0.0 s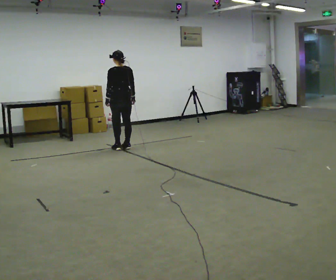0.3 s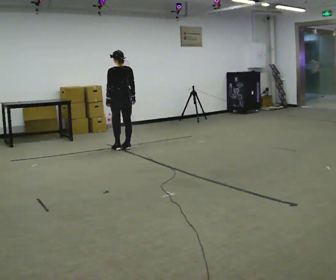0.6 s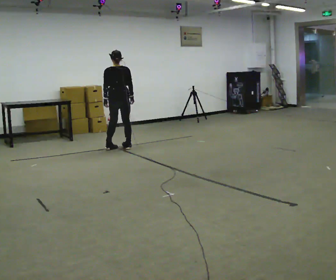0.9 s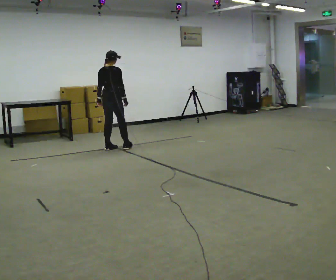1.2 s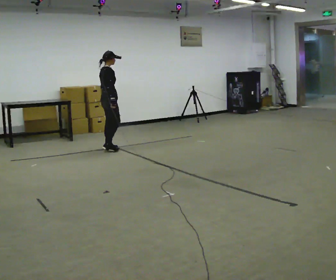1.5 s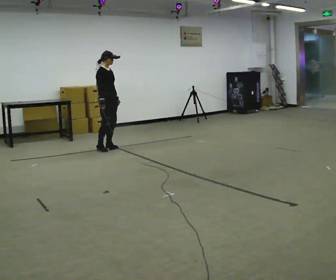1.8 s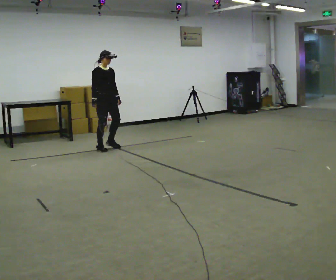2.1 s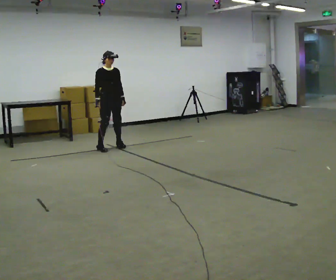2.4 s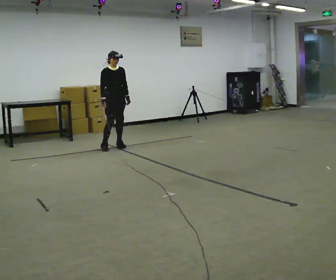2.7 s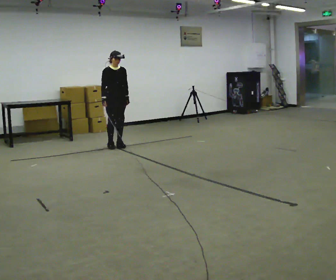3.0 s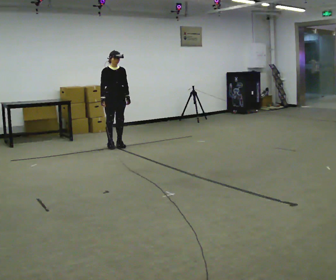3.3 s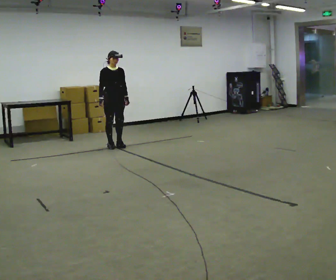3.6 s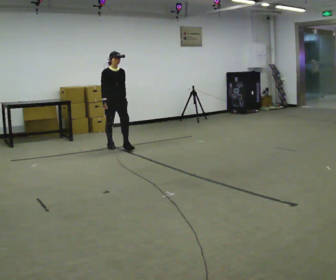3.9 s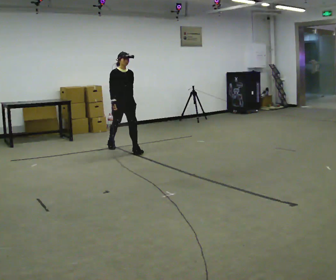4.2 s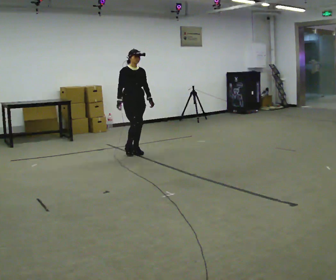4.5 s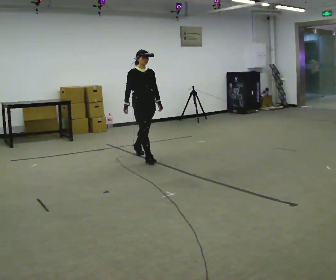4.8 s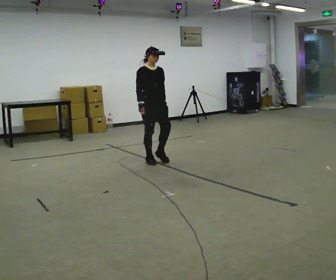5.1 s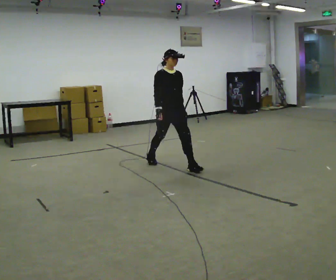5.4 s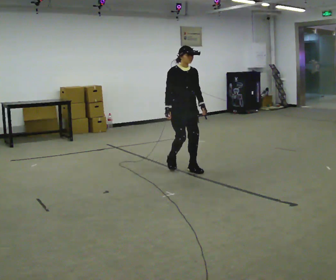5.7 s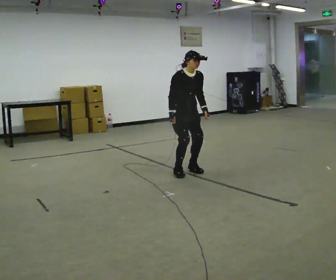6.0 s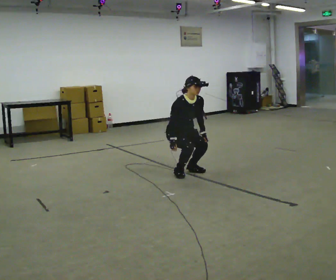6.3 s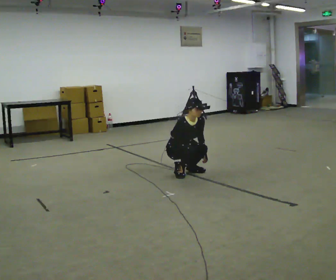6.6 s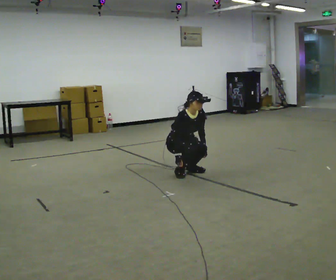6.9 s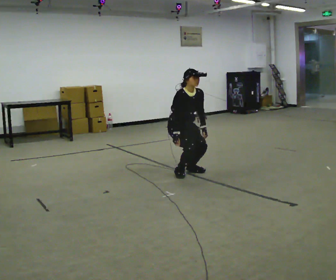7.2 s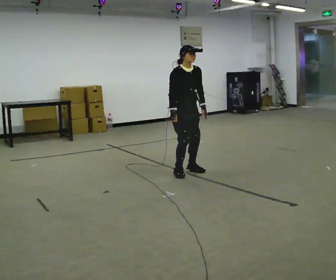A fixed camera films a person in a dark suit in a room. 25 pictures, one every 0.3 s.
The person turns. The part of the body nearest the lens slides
to the left.
The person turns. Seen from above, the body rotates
clockwise.
0.0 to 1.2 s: The part of the body nearest the lens slides to the left as the person turns to their right by about 90 degrees. In the picture they go to the left, about 0.25 m in 1 step. In the picture their right hand goes to the left.
1.2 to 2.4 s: The part of the body nearest the lens slides to the left as the person turns to their right by about 75 degrees. In the picture they go away from the camera, about 0.25 m in 2 steps. In the picture their left hand goes to the right.
2.4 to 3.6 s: The person moves a little, or ends about where they began.
3.6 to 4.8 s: In the picture they go toward the camera and to the right, about 1 m in 2 steps, which for them is forward.
4.8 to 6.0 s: In the picture they go toward the camera and to the right, about 0.5 m in 2 steps, which for them is forward. The upper body goes downward. The upper body tips toward the camera, its near side rolling downward, as they bend forward. In the picture their right hand goes downward.
6.0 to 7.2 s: In the picture their left hand goes upward.
The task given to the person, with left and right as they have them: Walk; crouch comfortably at marker; remain briefly; stand and continue.
The film runs forward here.
